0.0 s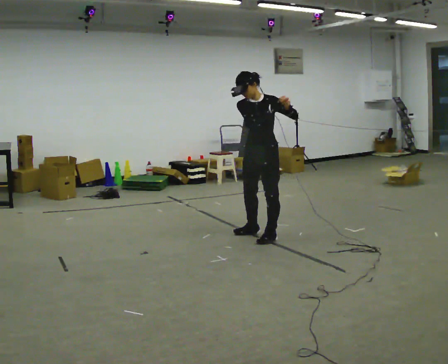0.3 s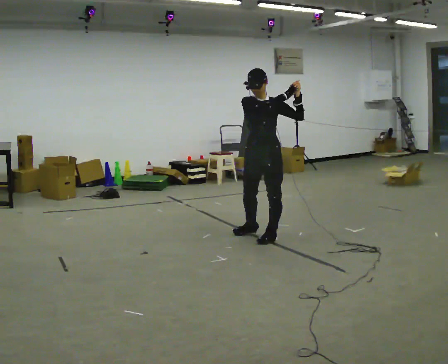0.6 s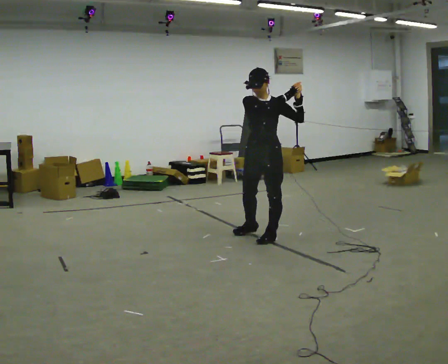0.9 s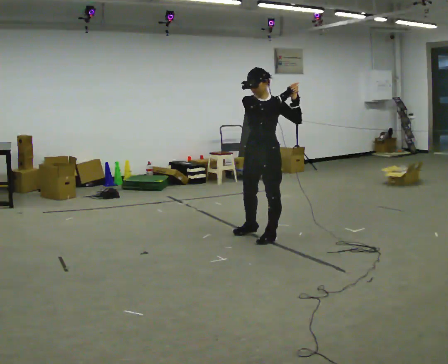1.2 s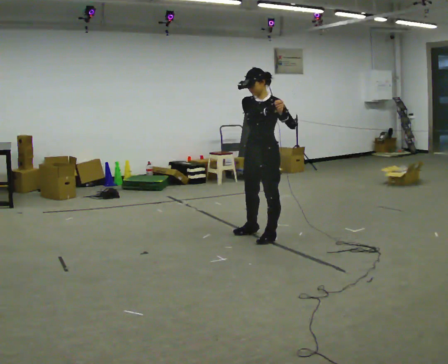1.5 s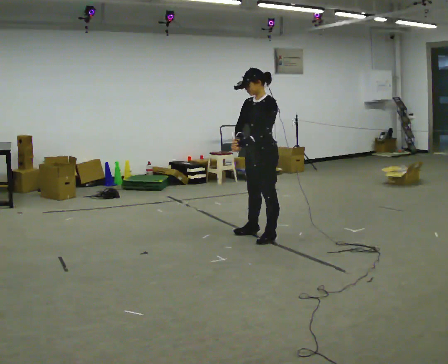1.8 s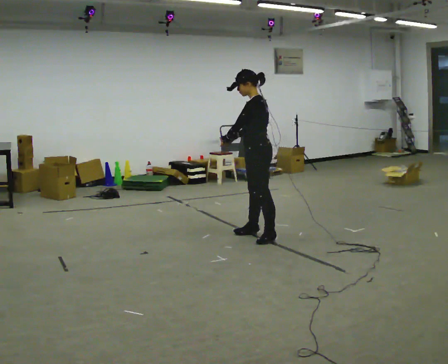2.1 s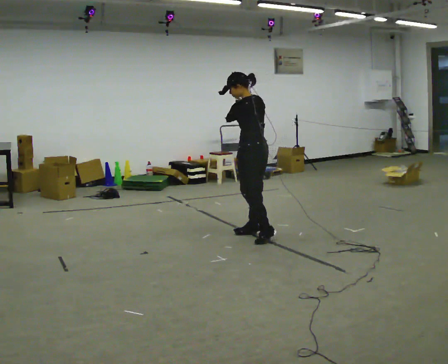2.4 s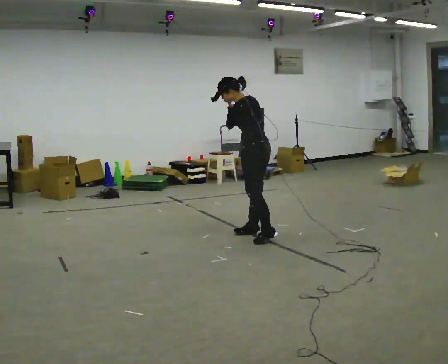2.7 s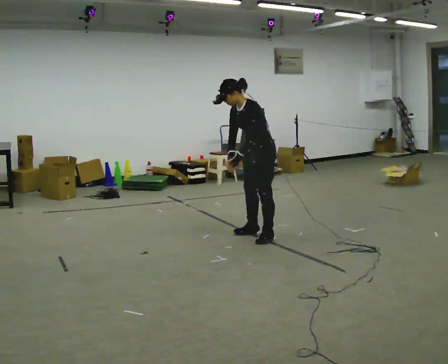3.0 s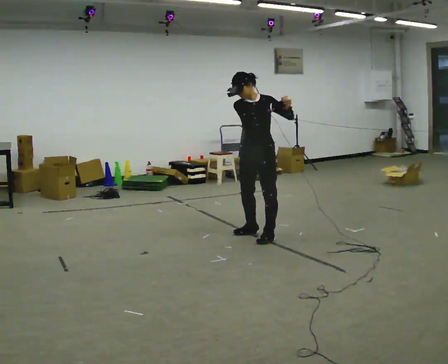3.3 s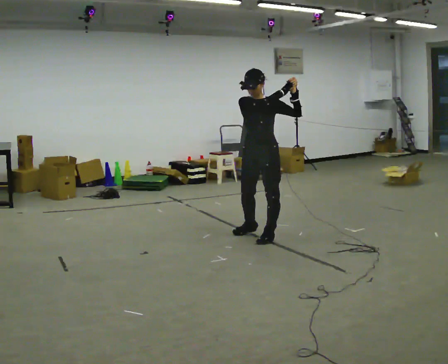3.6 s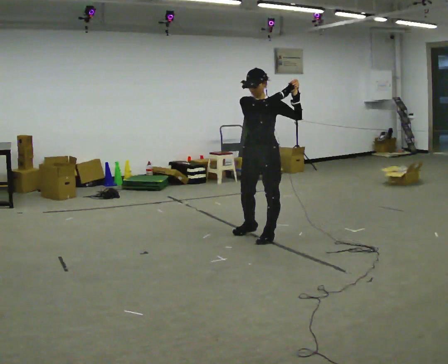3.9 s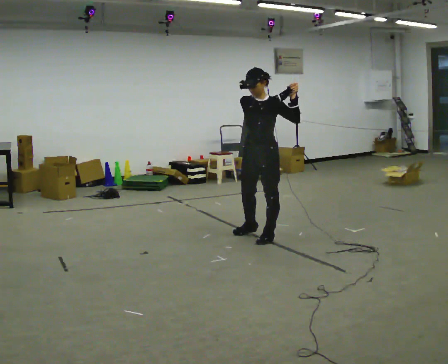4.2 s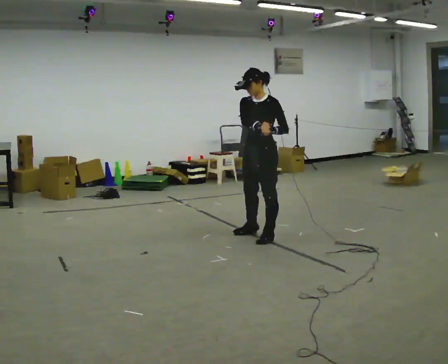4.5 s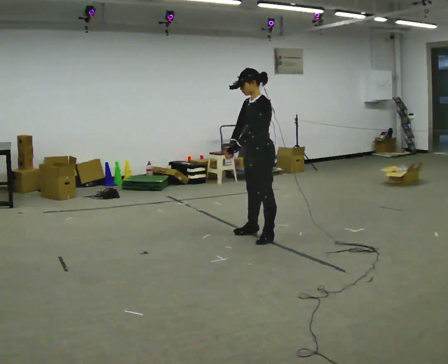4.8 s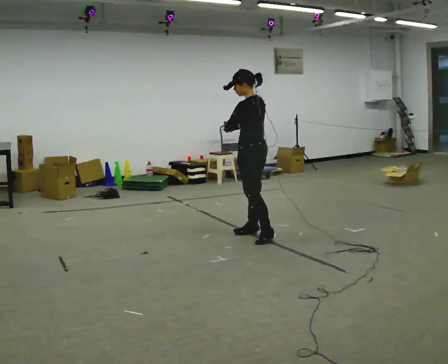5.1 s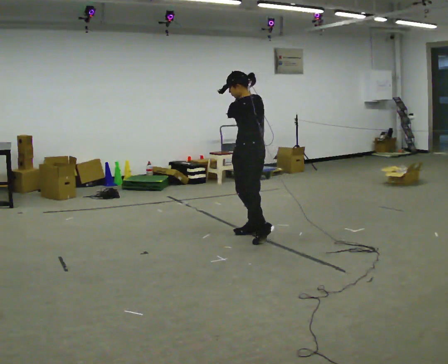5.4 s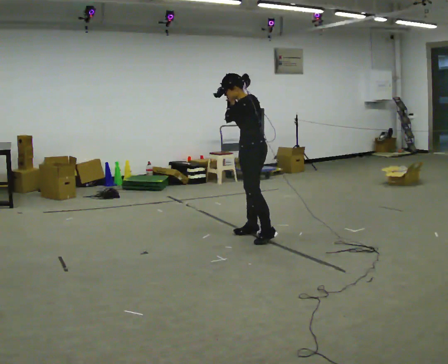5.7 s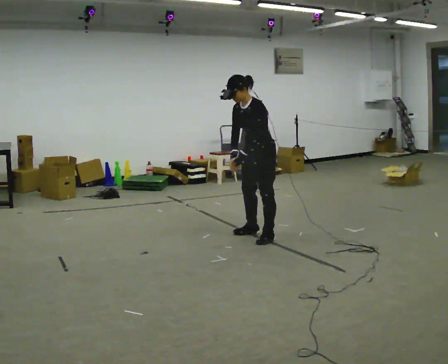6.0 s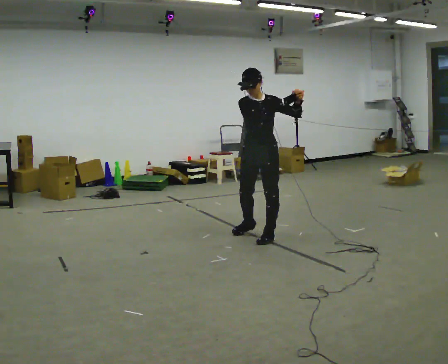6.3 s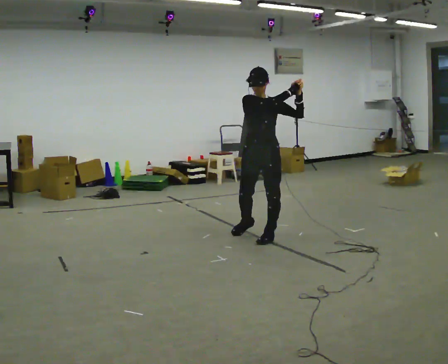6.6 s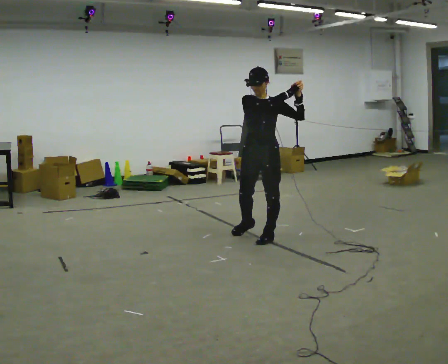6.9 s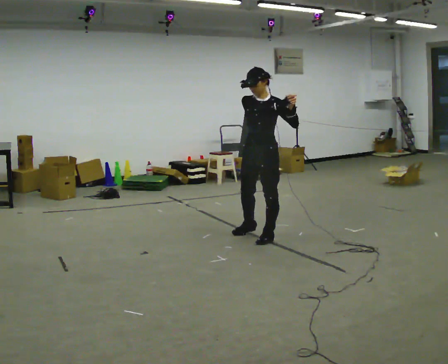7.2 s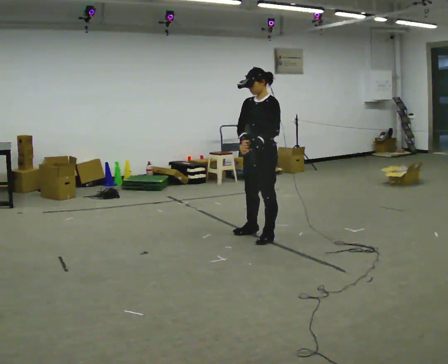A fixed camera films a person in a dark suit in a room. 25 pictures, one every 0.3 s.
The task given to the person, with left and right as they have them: Mime a golf swing with no club: set your stance, swing back, swing through and follow through. Repeat the movement at your own pace until the operator says stop; do not rush.
0.0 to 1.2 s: The person moves a little, or ends about where they began.
1.2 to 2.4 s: The person turns about 75 degrees to their right, clockwise seen from above, so the part of the body nearest the lens slides to the left. In the picture they go away from the camera, about 0.25 m. In the picture the upper body tilts counterclockwise, shoulders to the left, as they bend forward. In the picture their left hand goes to the left.
2.4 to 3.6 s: The part of the body nearest the lens slides to the right as the person turns to their left by about 90 degrees. In the picture they go toward the camera, about 0.25 m. In the picture their left hand goes to the right.
3.6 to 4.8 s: The part of the body nearest the lens slides to the left as the person turns to their right by about 90 degrees. In the picture they go away from the camera, about 0.25 m. In the picture their left hand goes to the left.
4.8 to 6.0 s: The person turns about 105 degrees to their left, counterclockwise seen from above, so the part of the body nearest the lens slides to the right. In the picture their left hand goes to the right.
6.0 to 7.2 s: The person turns about 45 degrees to their right, clockwise seen from above, so the part of the body nearest the lens slides to the left. In the picture their right hand goes to the left and downward.
The film runs forward here.
